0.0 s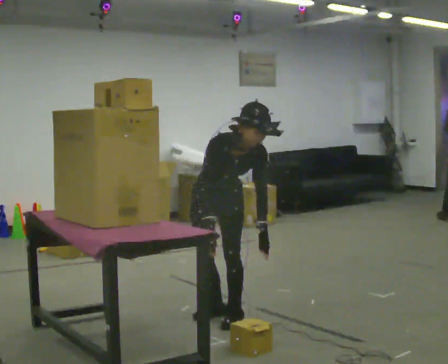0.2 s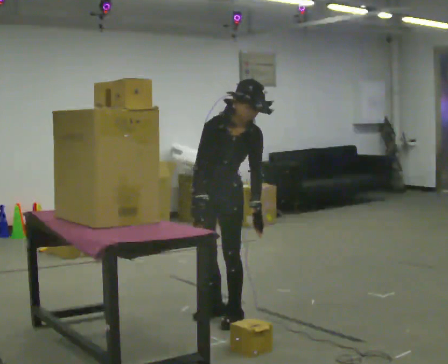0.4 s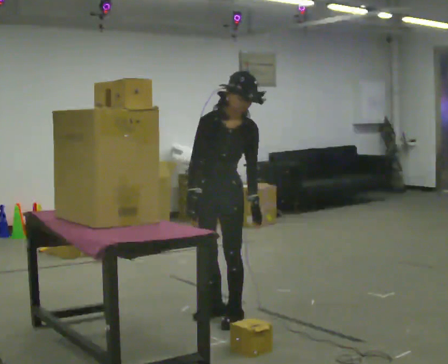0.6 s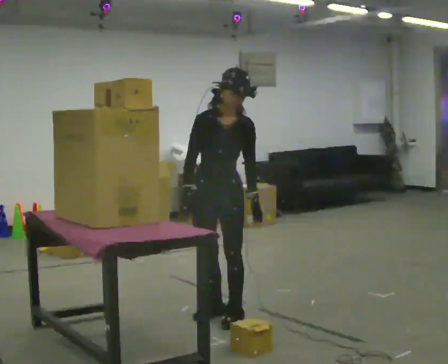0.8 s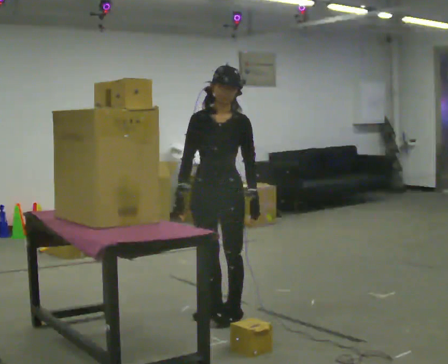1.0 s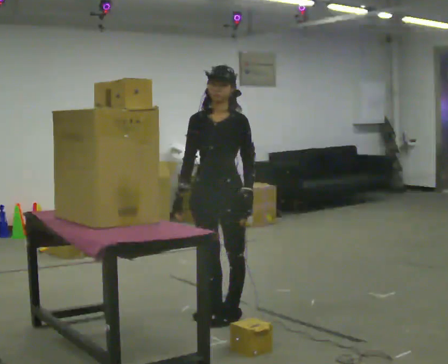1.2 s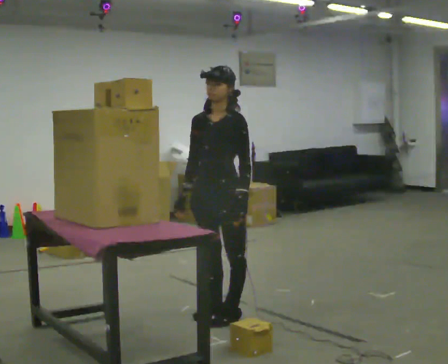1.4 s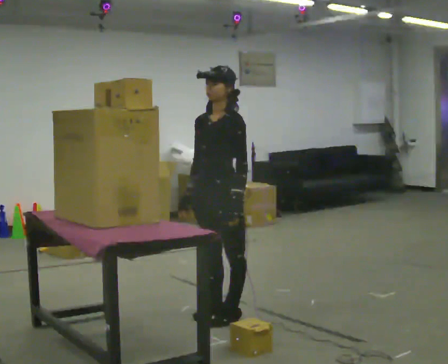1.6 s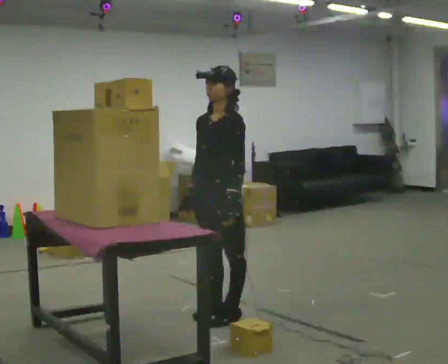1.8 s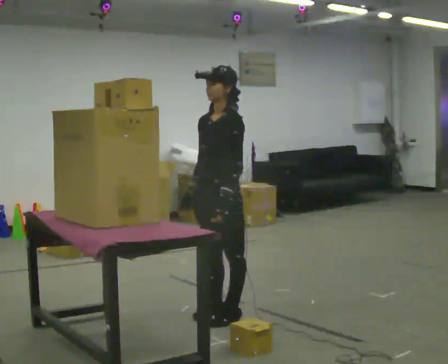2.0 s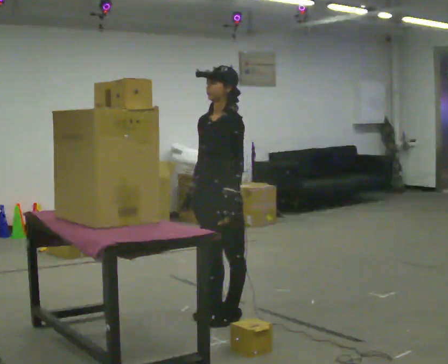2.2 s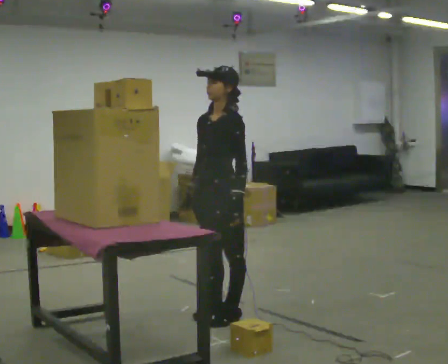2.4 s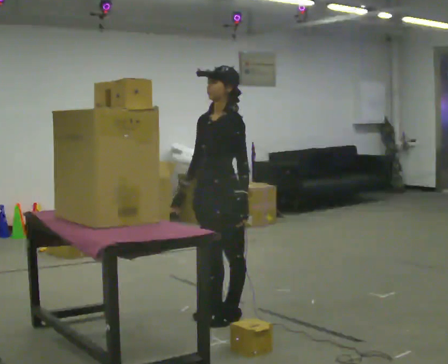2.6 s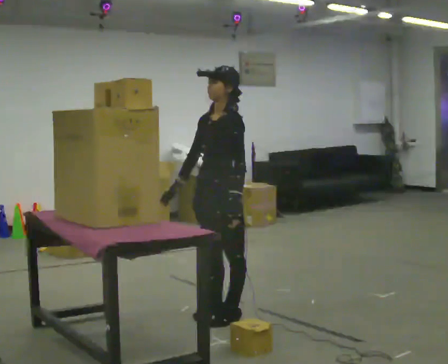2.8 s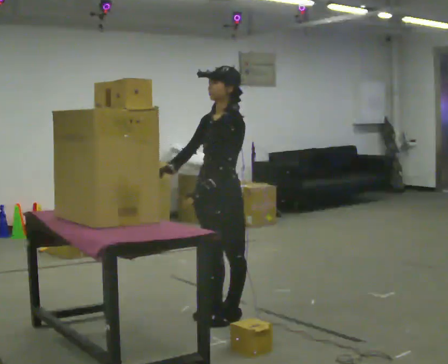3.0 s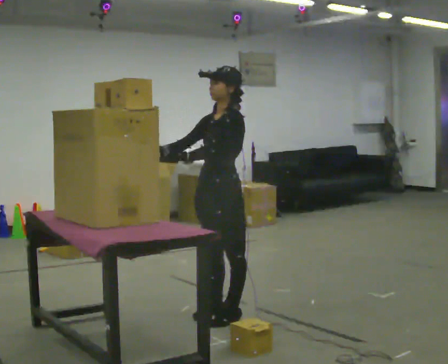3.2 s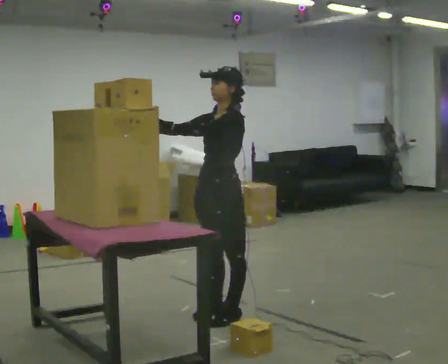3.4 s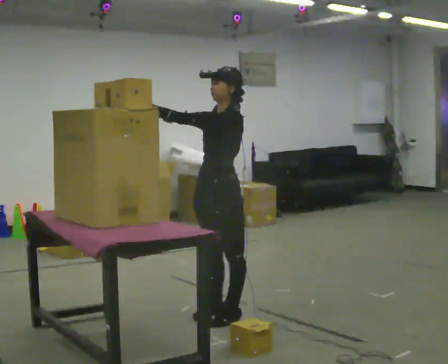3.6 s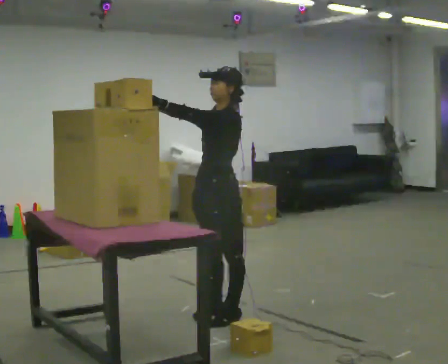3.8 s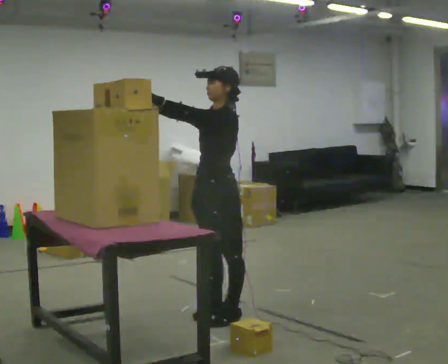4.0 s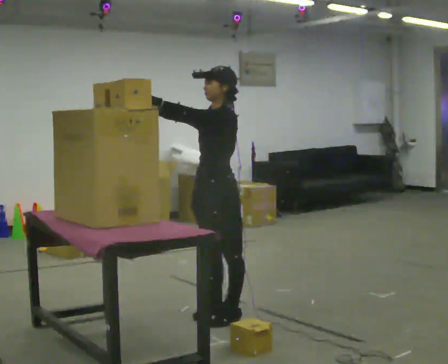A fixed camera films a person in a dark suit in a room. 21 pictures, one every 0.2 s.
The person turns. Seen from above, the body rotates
clockwise.
Their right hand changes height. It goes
upward.
0.0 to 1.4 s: Seen from above the body turns clockwise, about 45 degrees: to their right, with its near side sliding to the left. The shoulders move upward. The upper body tips away from the camera, its near side rolling upward, as they lean back or straighten.
1.4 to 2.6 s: The person moves a little, or ends about where they began.
2.6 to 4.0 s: In the picture their left hand goes upward and to the left, the arm swinging clockwise.
The film runs backward here.
